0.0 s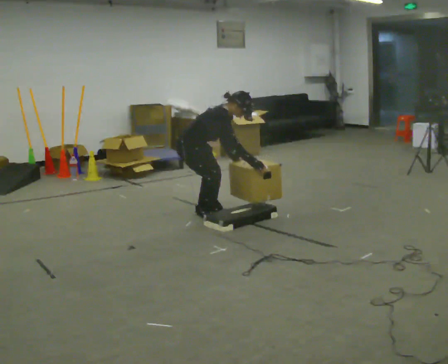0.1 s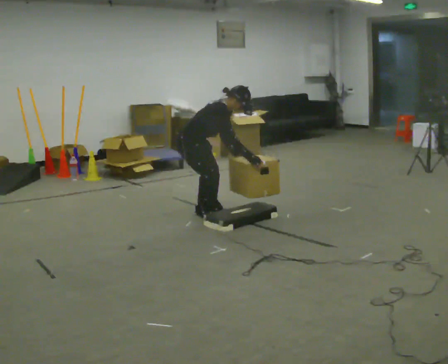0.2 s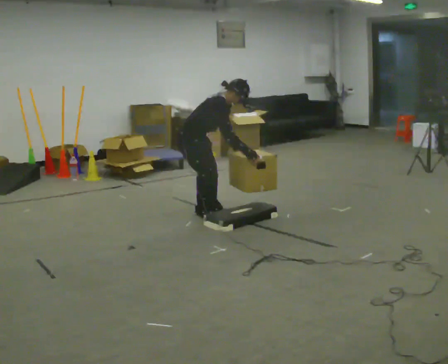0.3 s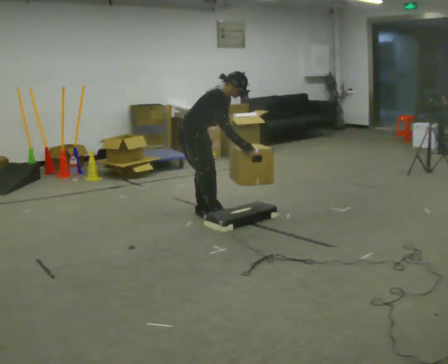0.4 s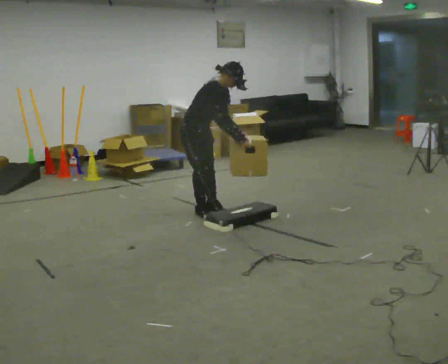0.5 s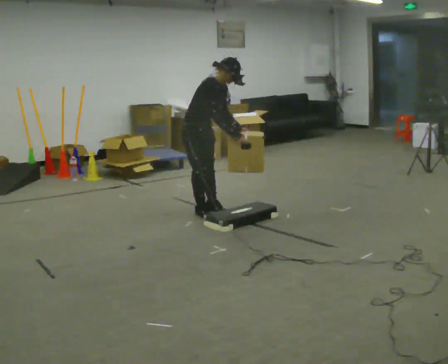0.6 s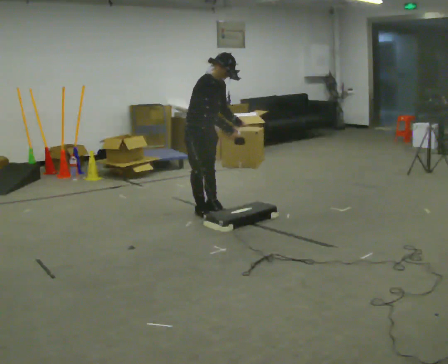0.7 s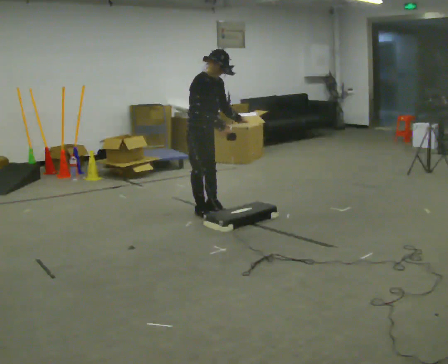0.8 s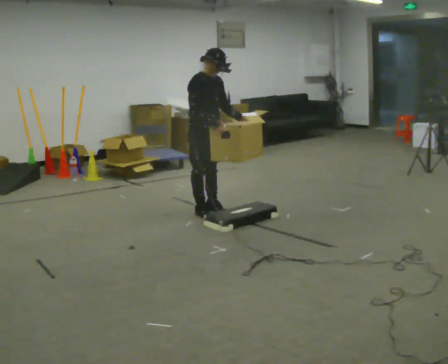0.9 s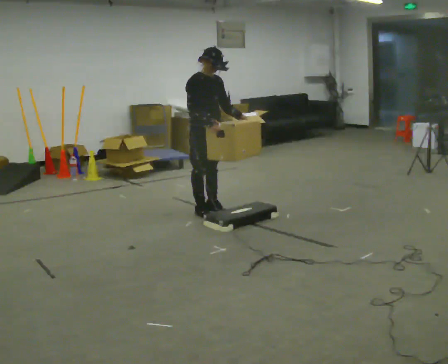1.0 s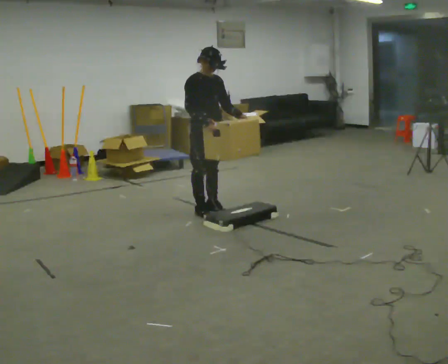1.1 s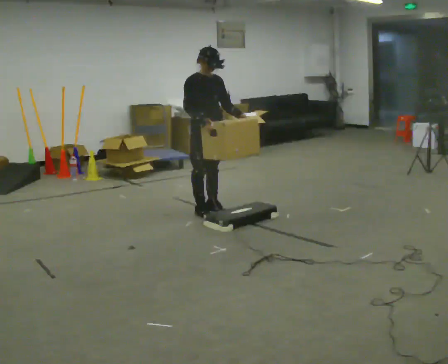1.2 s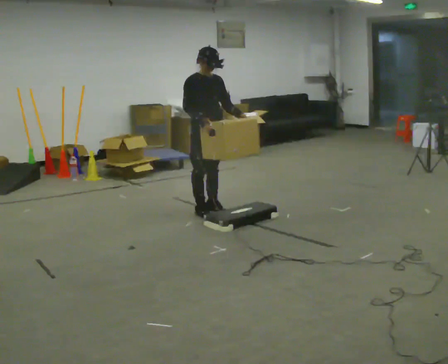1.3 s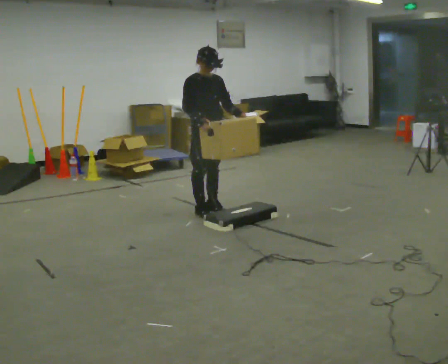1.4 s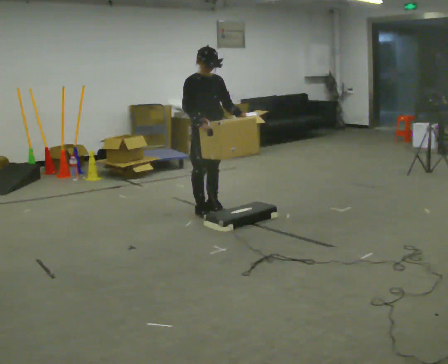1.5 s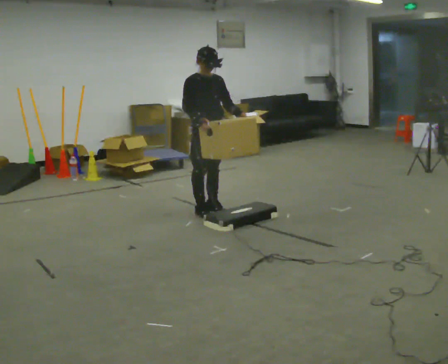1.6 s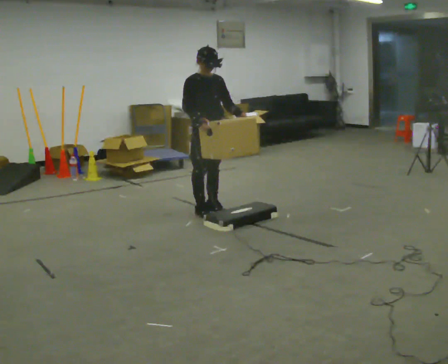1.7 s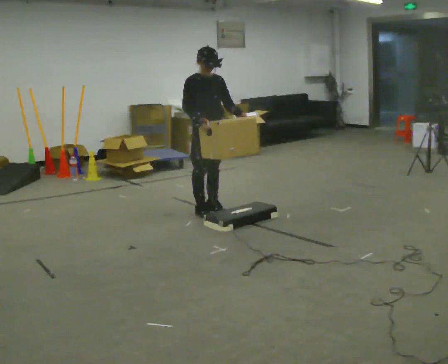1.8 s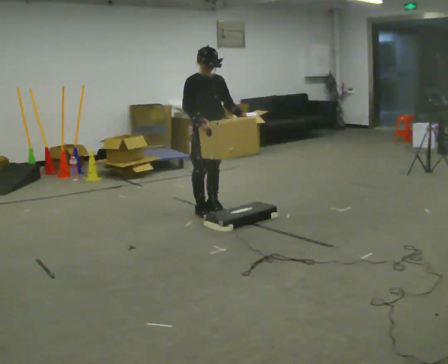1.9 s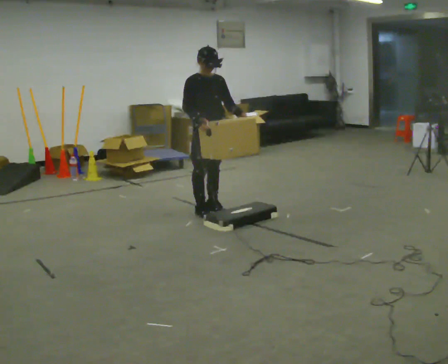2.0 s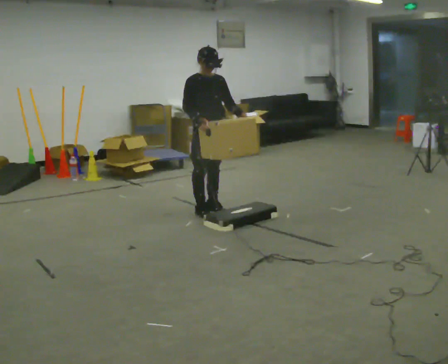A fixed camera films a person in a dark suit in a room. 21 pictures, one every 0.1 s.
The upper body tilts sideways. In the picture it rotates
counterclockwise.
The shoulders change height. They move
upward.
0.0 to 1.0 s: The person turns about 30 degrees to their right, clockwise seen from above, so the part of the body nearest the lens slides to the left. The shoulders move upward. In the picture the upper body tilts counterclockwise, shoulders to the left, as they lean back or straighten. In the picture their left hand goes upward.
1.0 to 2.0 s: The person moves a little, or ends about where they began.
The film runs backward here.
